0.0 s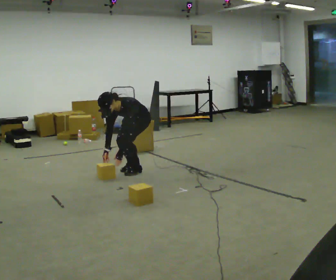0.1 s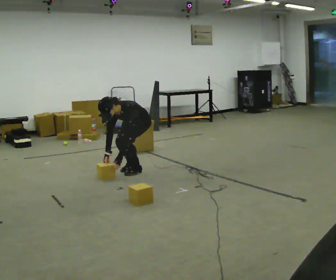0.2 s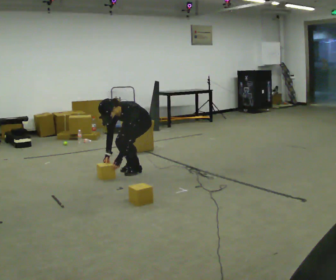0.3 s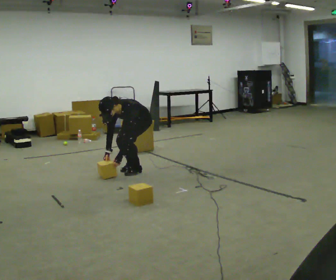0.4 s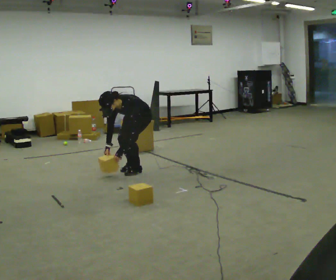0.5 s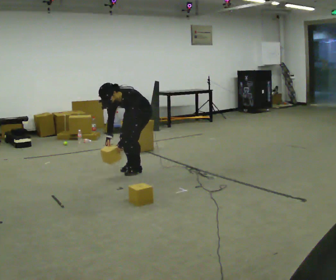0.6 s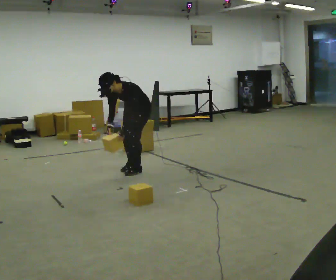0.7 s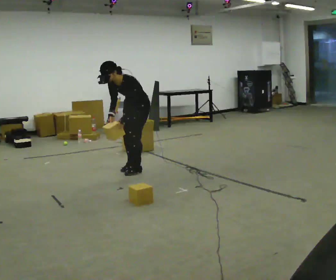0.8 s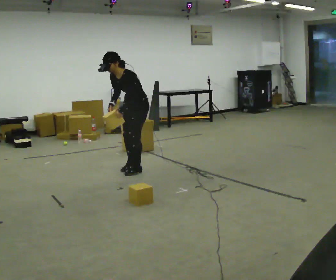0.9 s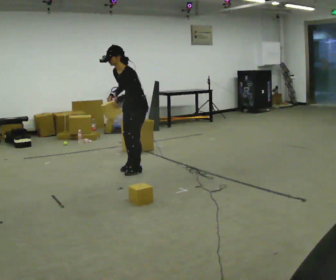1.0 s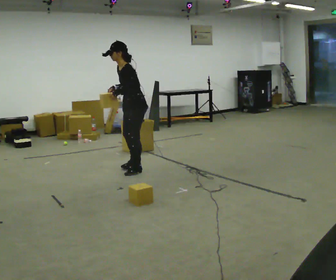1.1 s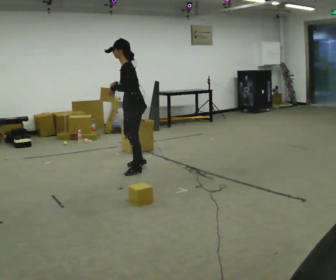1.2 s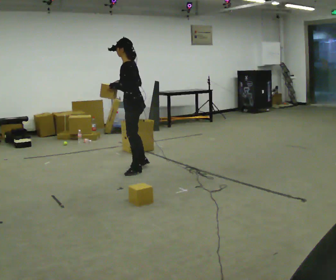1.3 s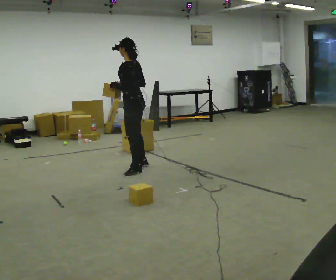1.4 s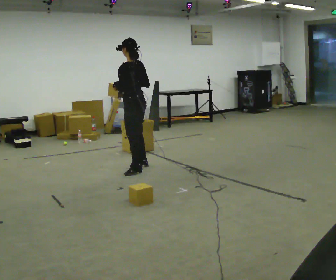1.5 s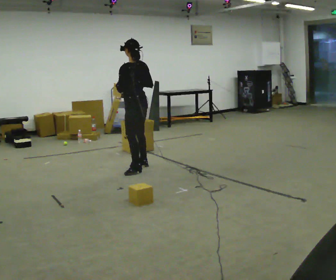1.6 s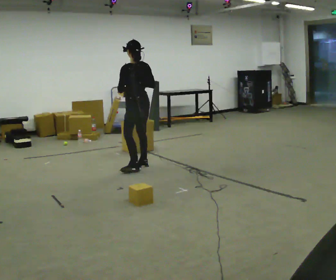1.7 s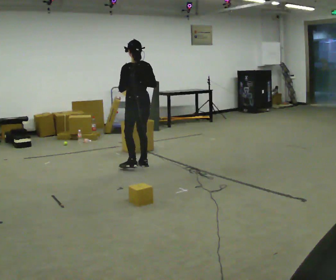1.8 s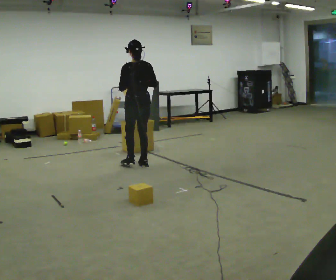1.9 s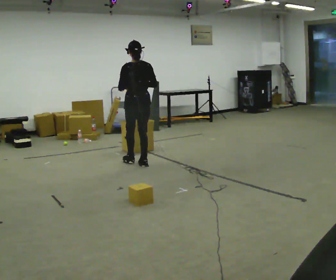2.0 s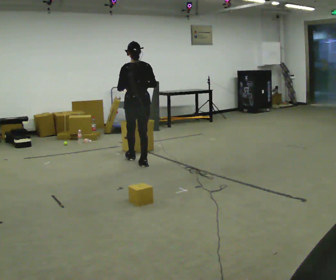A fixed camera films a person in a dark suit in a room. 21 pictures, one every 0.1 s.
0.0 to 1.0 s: The person turns about 30 degrees to their right, clockwise seen from above, so the part of the body nearest the lens slides to the left. The shoulders move upward. The upper body tips away from the camera, its near side rolling upward, as they lean back or straighten. In the picture their right hand goes upward.
1.0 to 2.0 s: The person turns about 90 degrees to their right, clockwise seen from above, so the part of the body nearest the lens slides to the left. In the picture they go away from the camera, about 0.25 m in 1 step. In the picture the upper body tilts clockwise, shoulders to the right, as they lean back or straighten.
The film runs forward here.
